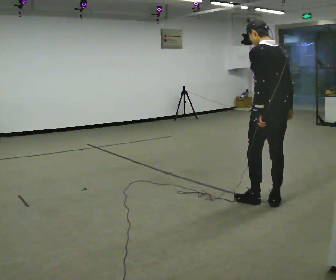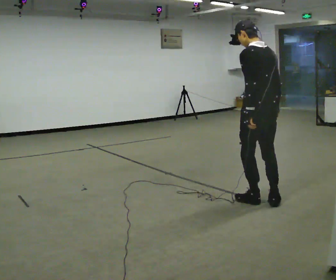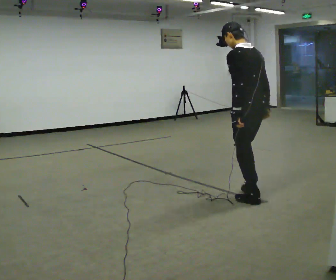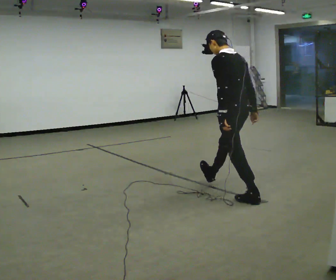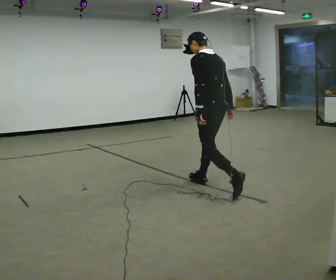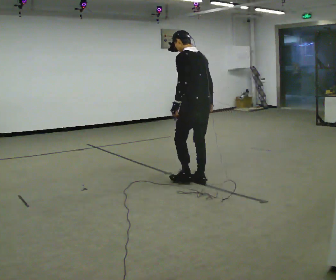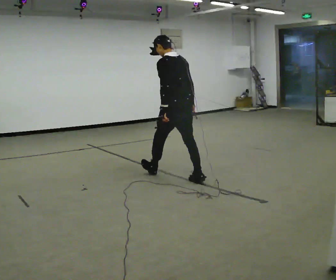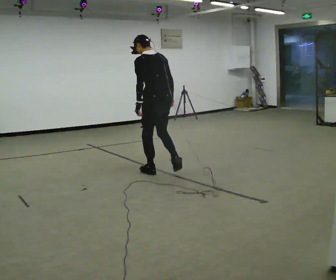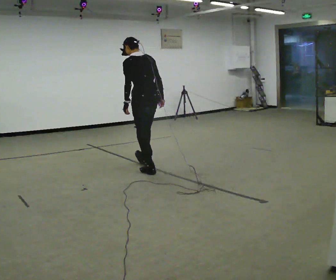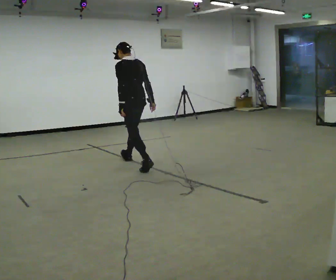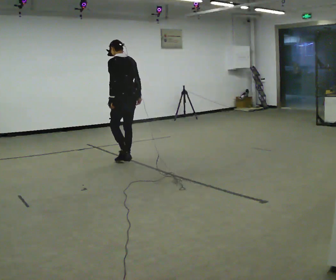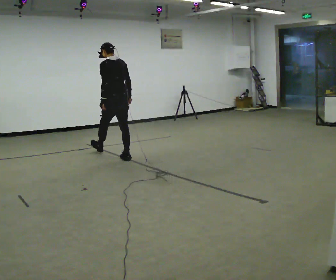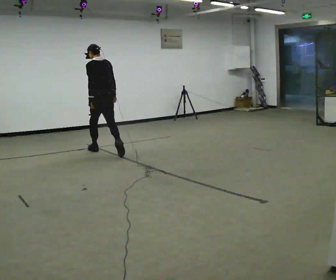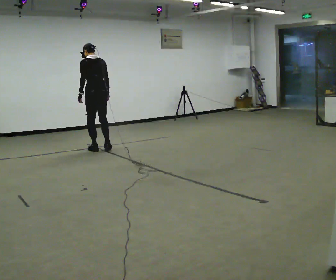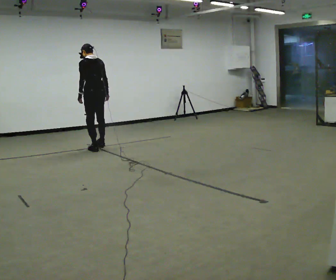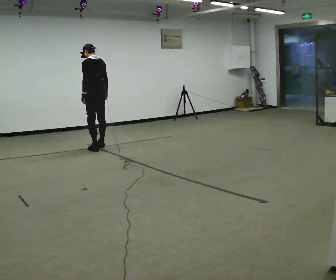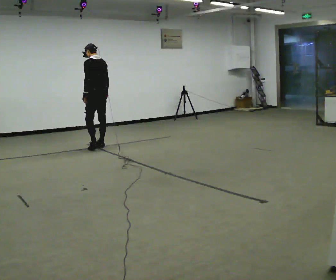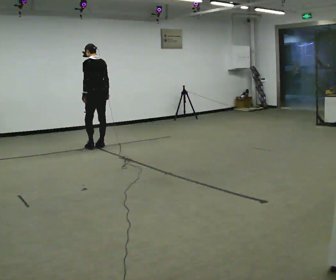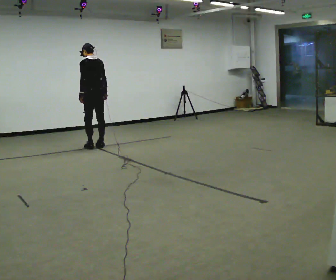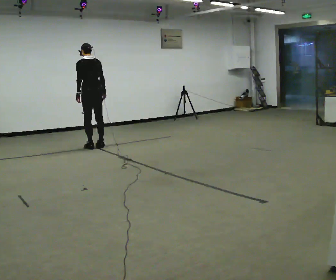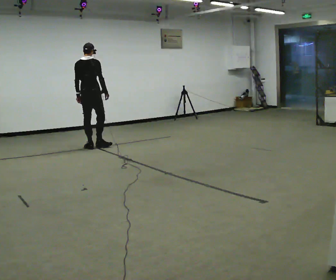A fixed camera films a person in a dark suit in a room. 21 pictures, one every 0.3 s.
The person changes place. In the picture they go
away from the camera.
0.0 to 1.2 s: In the picture they go away from the camera and to the left, about 1 m in 1 step, which for them is forward.
1.2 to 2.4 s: In the picture they go away from the camera and to the left, about 1 m in 1 step, which for them is forward.
2.4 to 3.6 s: In the picture they go away from the camera and to the left, about 1 m in 2 steps, which for them is forward.
3.6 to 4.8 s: In the picture they go away from the camera, about 0.5 m in 1 step, which for them is forward.
4.8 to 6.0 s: The person turns about 45 degrees to their right, clockwise seen from above, so the part of the body nearest the lens slides to the left. In the picture they go to the left, about 0.25 m in 1 step, which for them is to their left.
The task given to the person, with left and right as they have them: Walk forward noticeably slower than normal; do not shuffle; stop.
The film runs forward here.
